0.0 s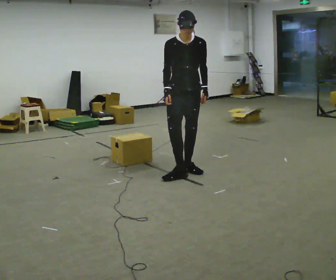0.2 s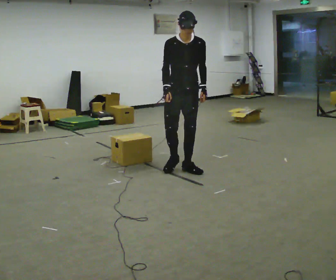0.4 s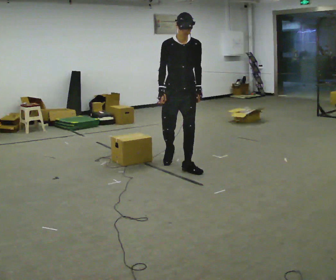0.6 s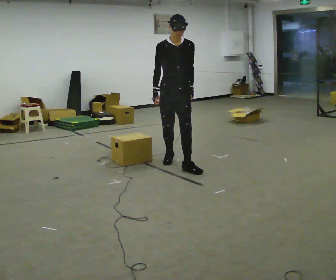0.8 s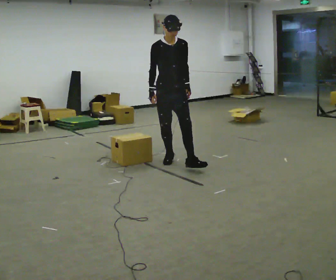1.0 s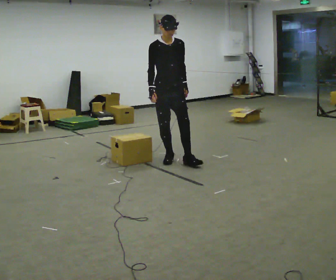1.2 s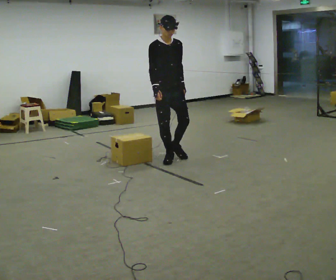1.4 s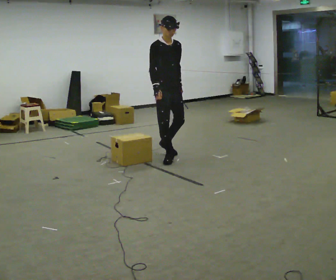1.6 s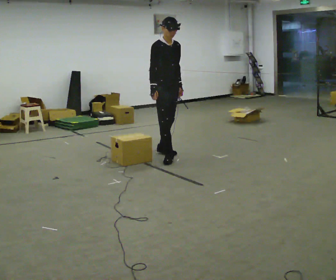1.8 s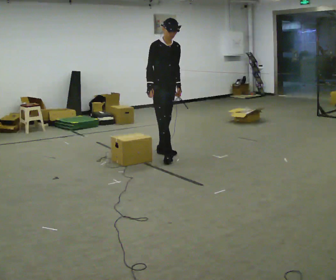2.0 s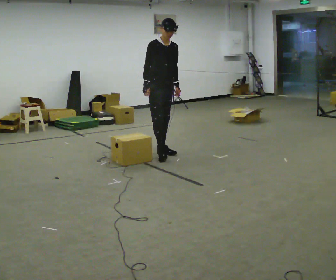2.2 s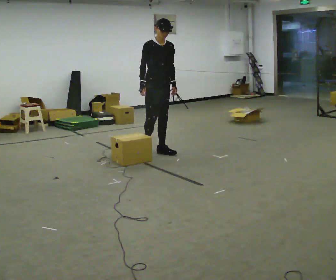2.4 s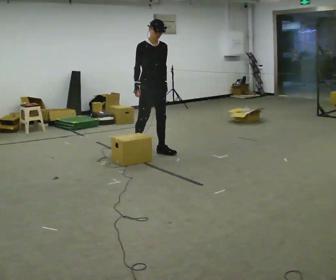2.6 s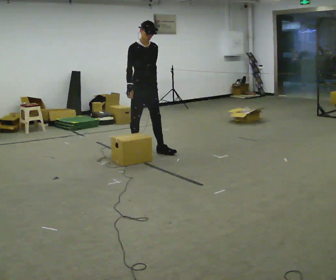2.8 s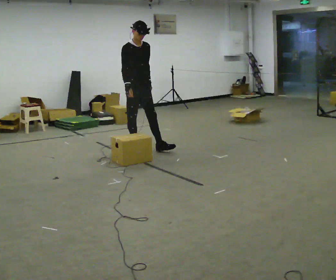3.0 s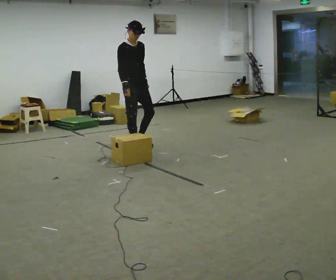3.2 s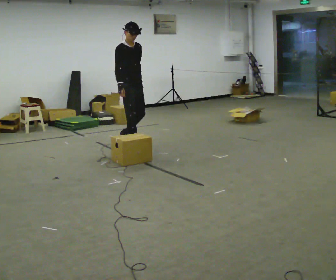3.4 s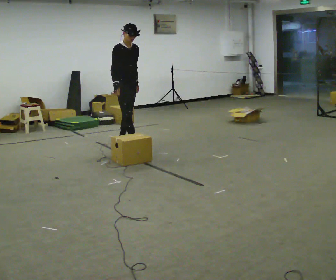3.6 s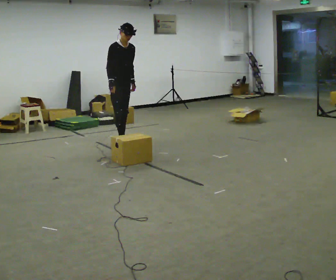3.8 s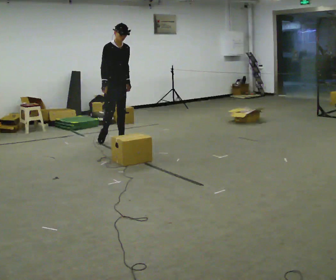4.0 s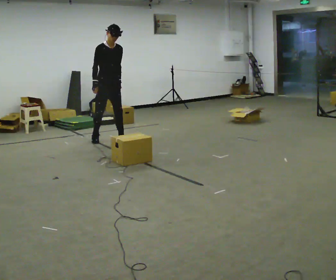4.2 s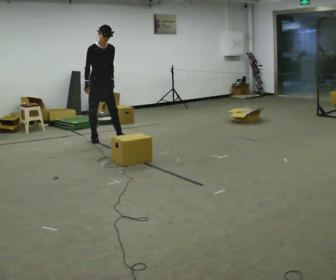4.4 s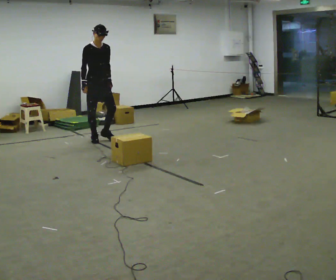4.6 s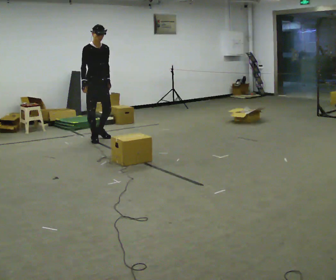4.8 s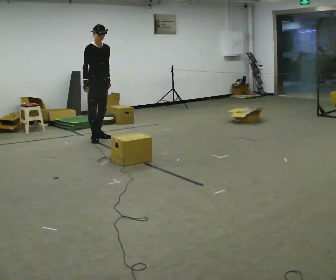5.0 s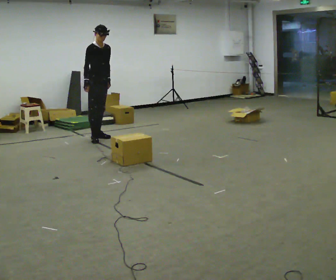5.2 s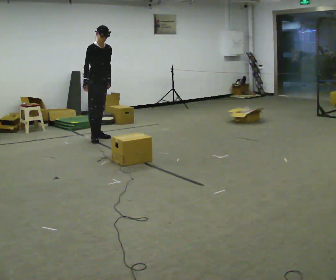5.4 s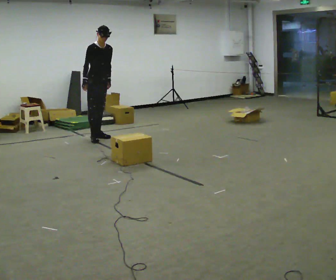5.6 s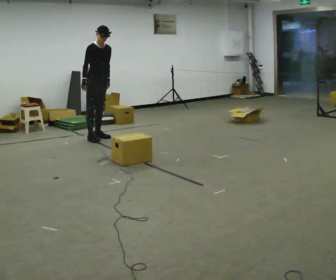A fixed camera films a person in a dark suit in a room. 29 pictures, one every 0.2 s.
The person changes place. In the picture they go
away from the camera.
0.0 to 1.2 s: In the picture they go away from the camera, about 0.5 m in 1 step, which for them is backward.
1.2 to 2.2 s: In the picture they go away from the camera, about 0.5 m in 1 step, which for them is backward.
2.2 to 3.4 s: In the picture they go away from the camera and to the left, about 0.5 m in 1 step, which for them is backward.
3.4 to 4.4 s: In the picture they go to the left and away from the camera, about 0.5 m in 2 steps, which for them is backward.
4.4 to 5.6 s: In the picture they go away from the camera, about 0.25 m, which for them is backward and to their left.
The film runs backward here.
